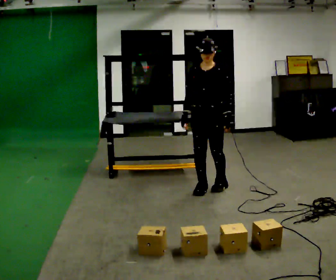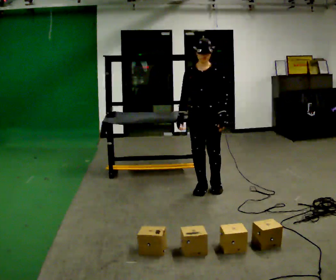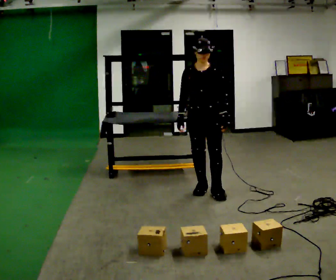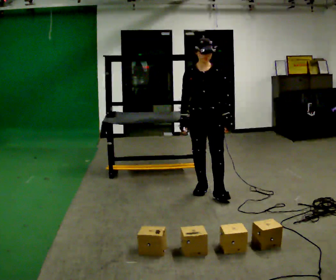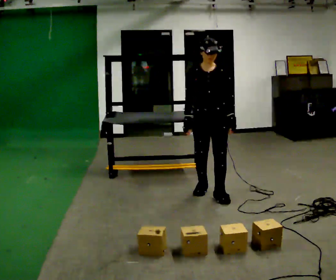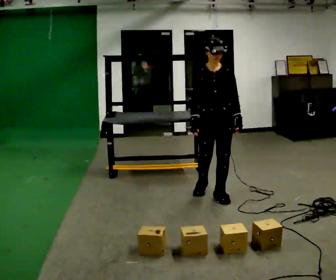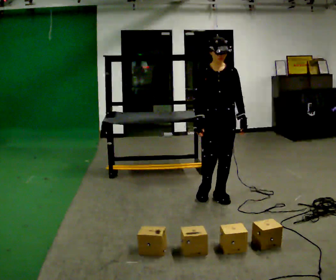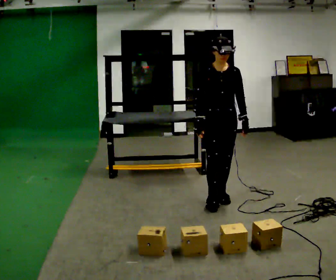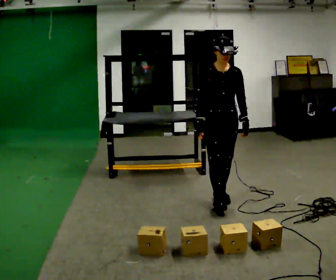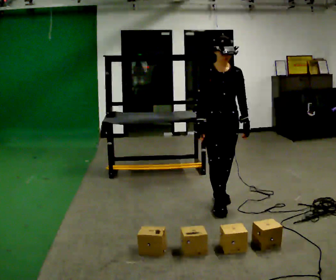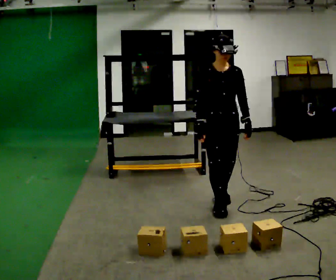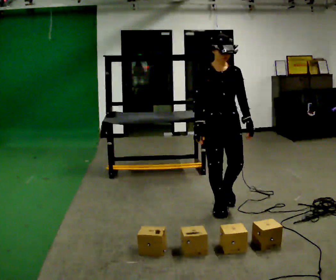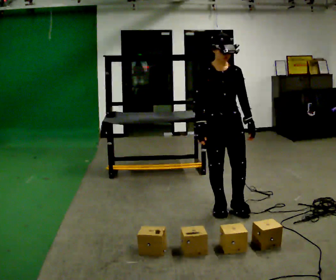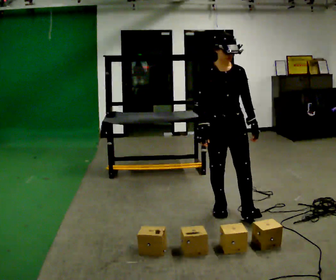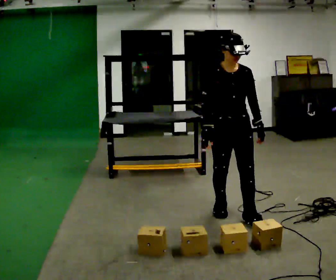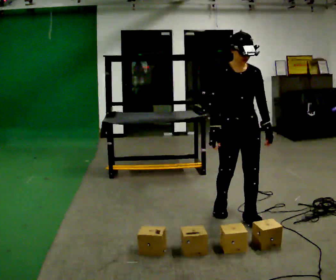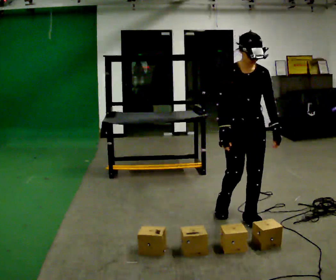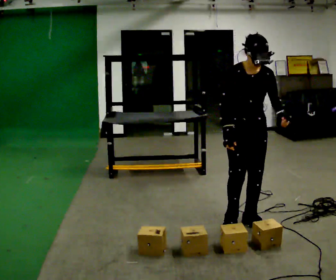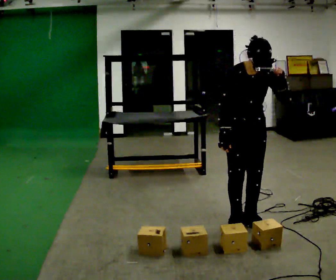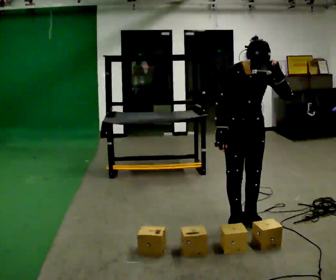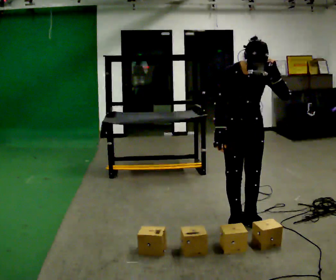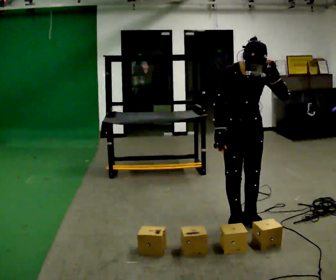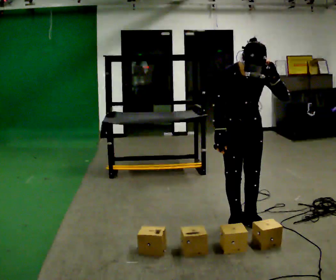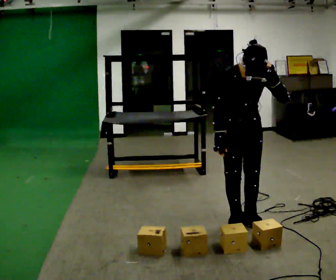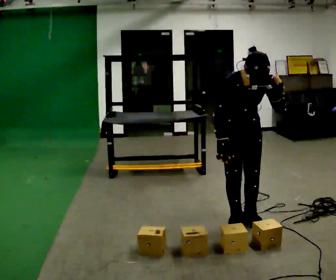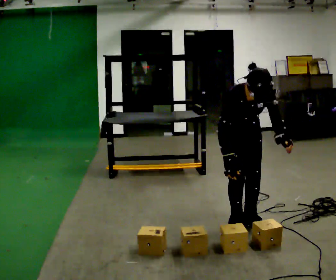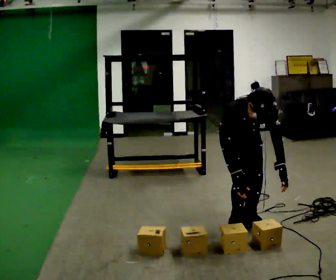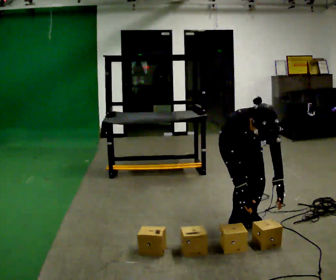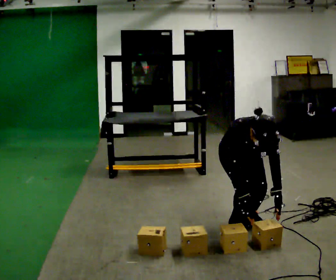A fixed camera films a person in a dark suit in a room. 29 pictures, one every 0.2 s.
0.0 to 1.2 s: In the picture they go toward the camera, about 0.25 m in 1 step, which for them is forward.
1.2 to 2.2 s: In the picture they go toward the camera, about 0.25 m in 1 step, which for them is forward.
2.2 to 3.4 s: In the picture they go toward the camera and to the right, about 0.25 m in 1 step, which for them is forward and to their left.
3.4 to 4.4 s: The person moves a little, or ends about where they began.
4.4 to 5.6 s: The upper body goes downward. The upper body tips toward the camera, its near side rolling downward, as they bend forward. In the picture their left hand goes downward.
The film runs forward here.
